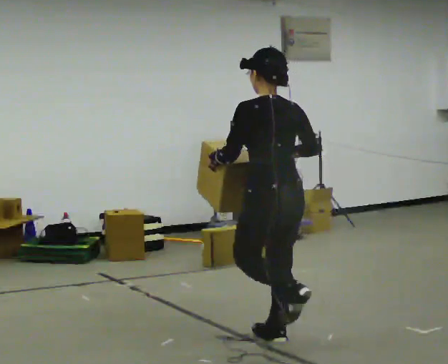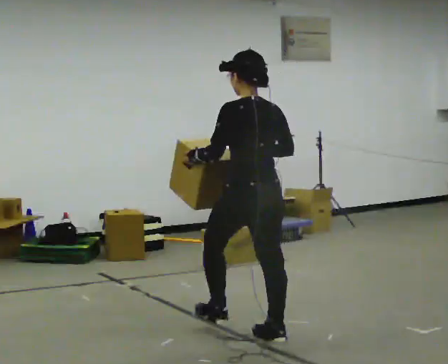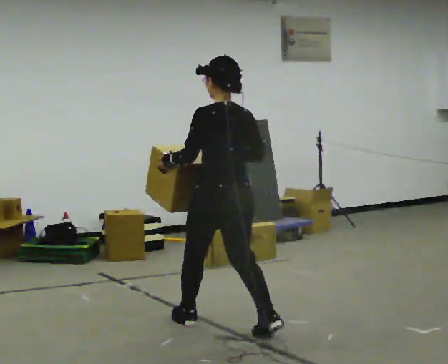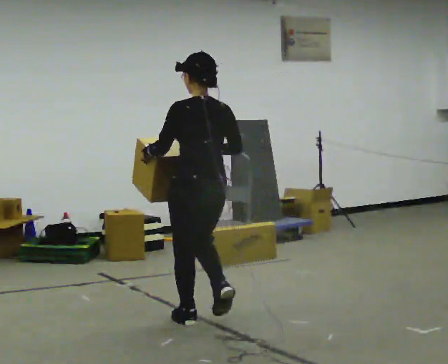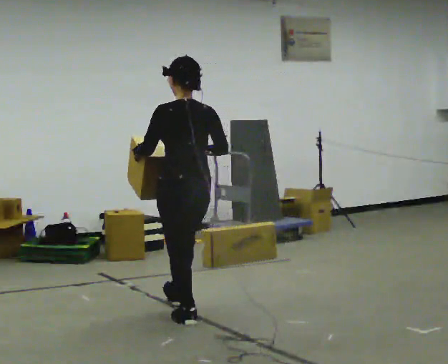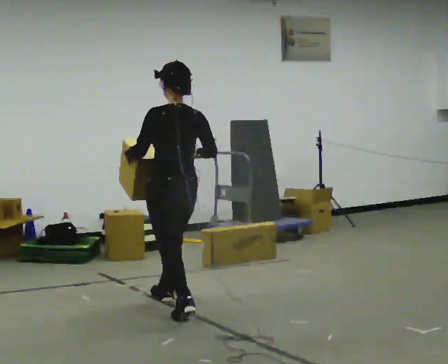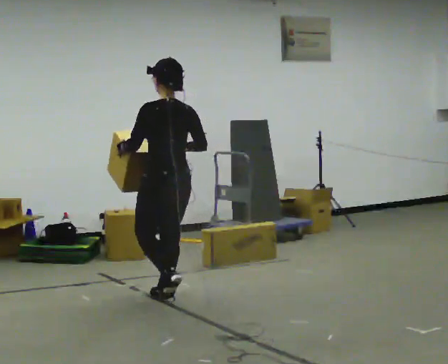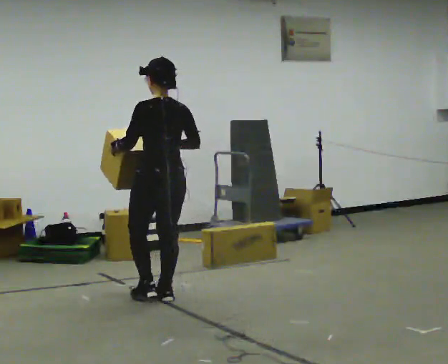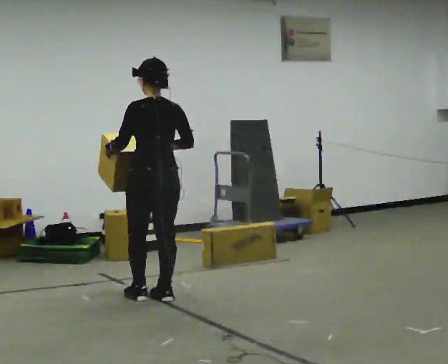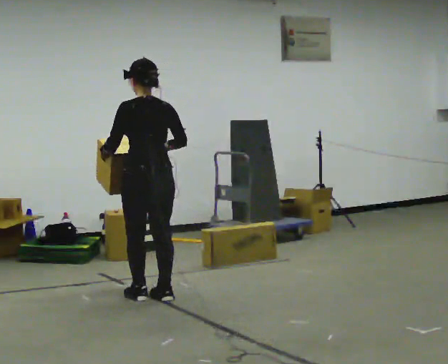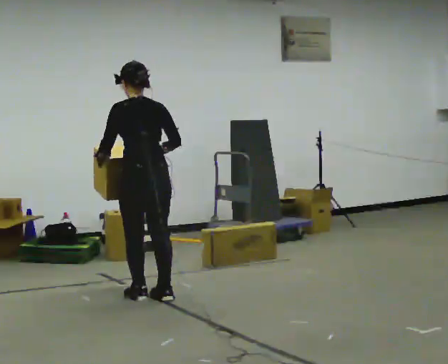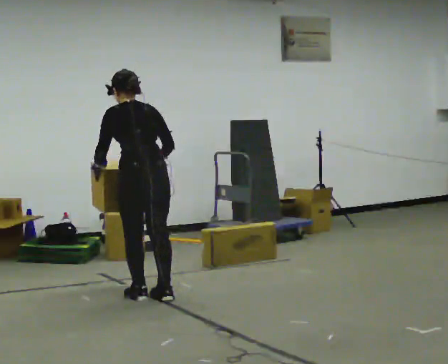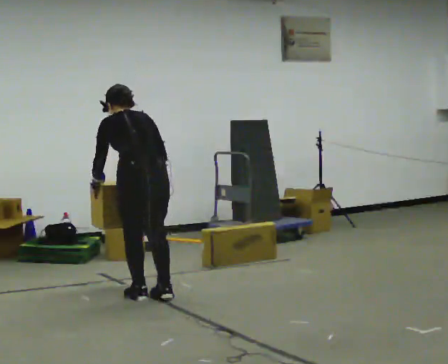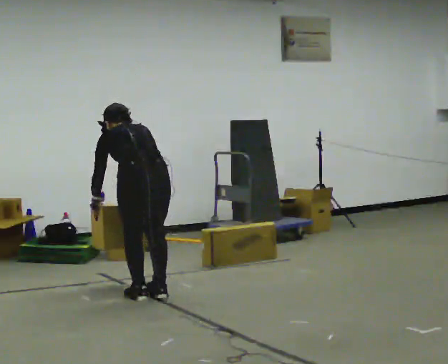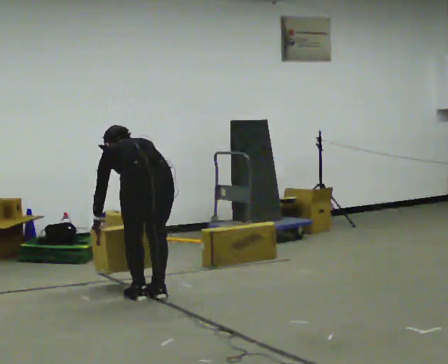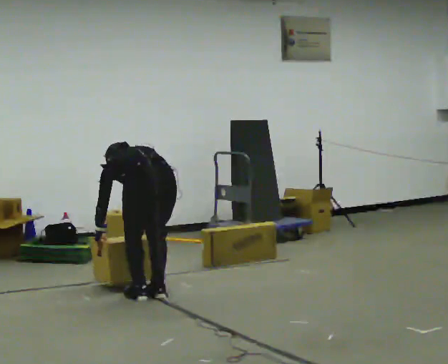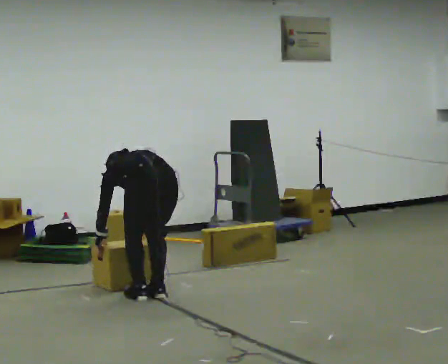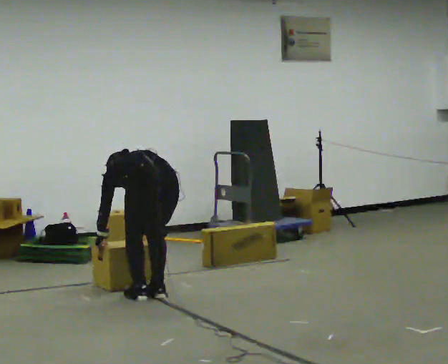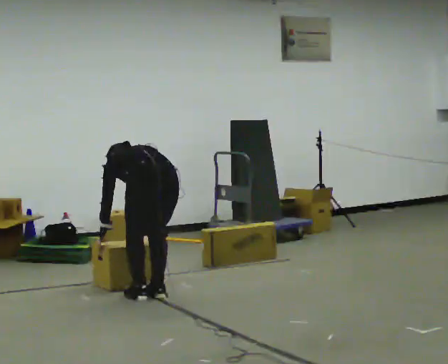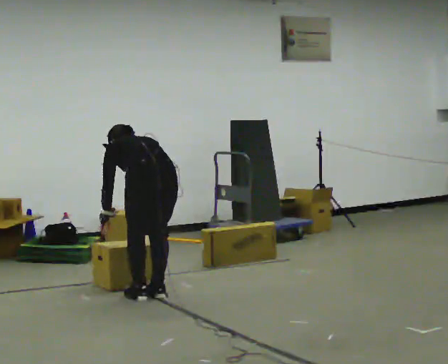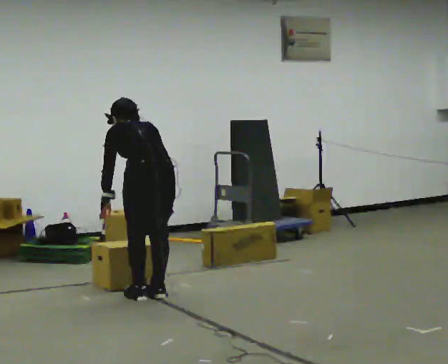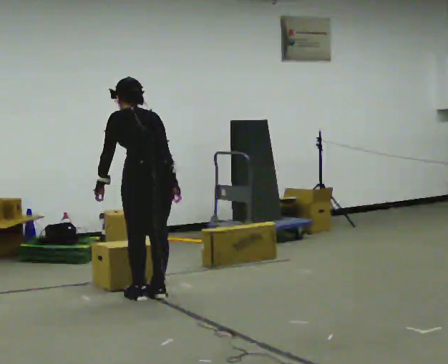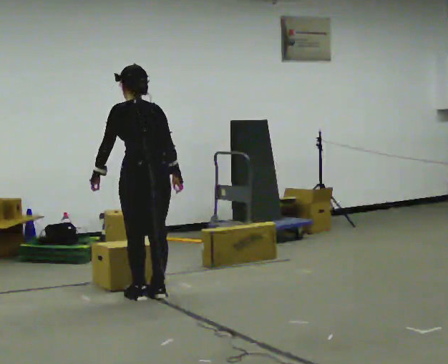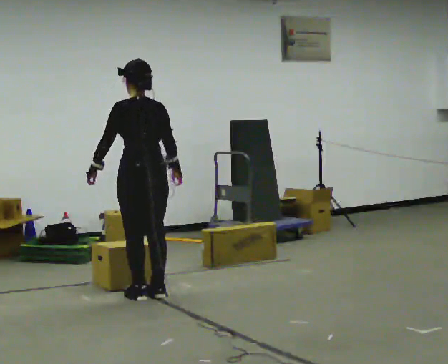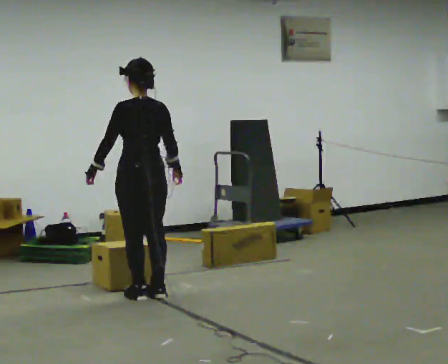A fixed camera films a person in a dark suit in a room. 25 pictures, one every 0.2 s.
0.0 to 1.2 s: In the picture they go away from the camera and to the left, about 1 m in 2 steps, which for them is forward.
1.2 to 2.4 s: In the picture they go to the left, about 0.25 m in 1 step, which for them is to their left. The upper body tips away from the camera, its near side rolling upward, as they bend forward.
2.4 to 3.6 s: The upper body tips away from the camera, its near side rolling upward, as they bend forward. In the picture their right hand goes downward.
3.6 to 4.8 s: In the picture they go away from the camera, about 0.25 m, which for them is forward. The shoulders move upward. The upper body tips toward the camera, its near side rolling downward, as they lean back or straighten. In the picture their left hand goes upward.
The film runs forward here.
